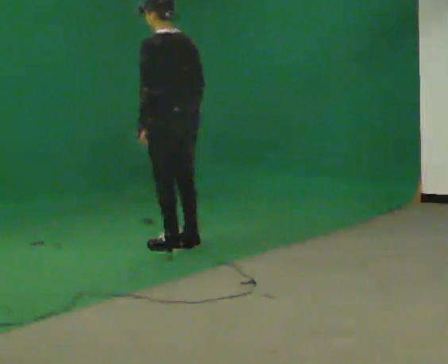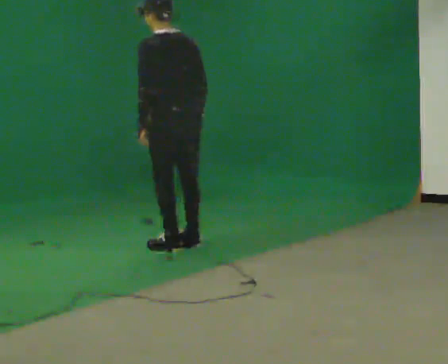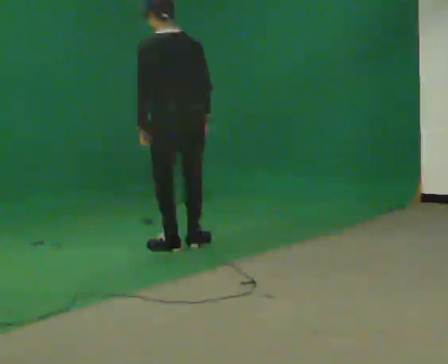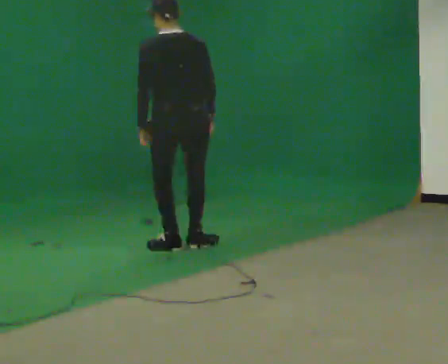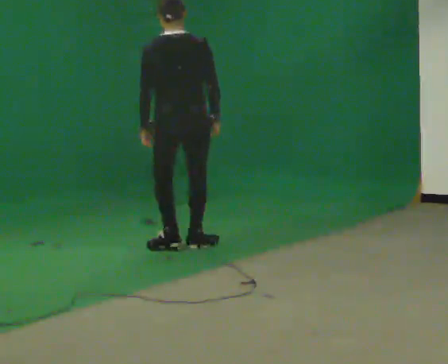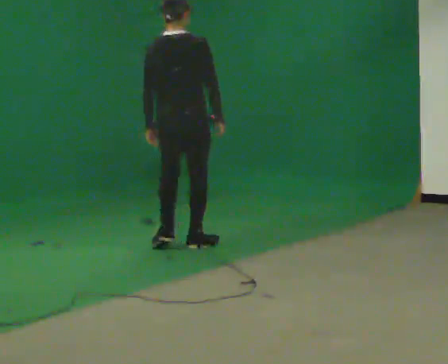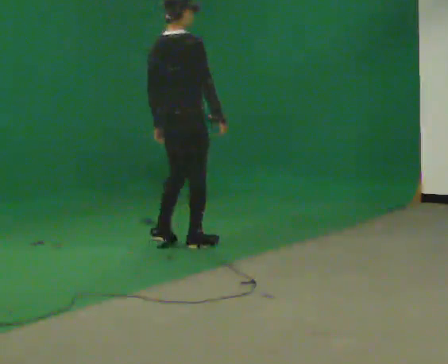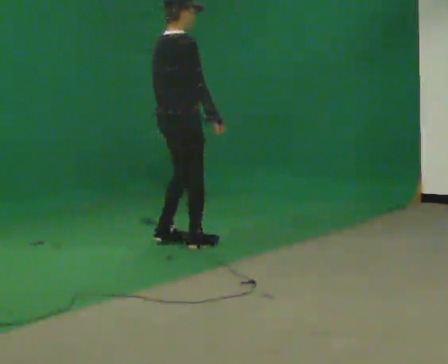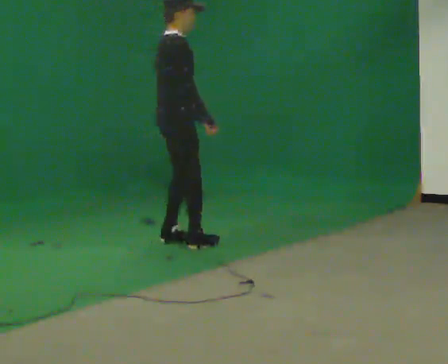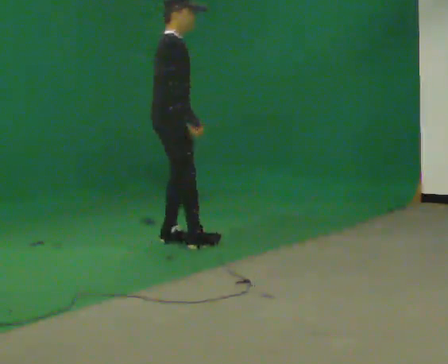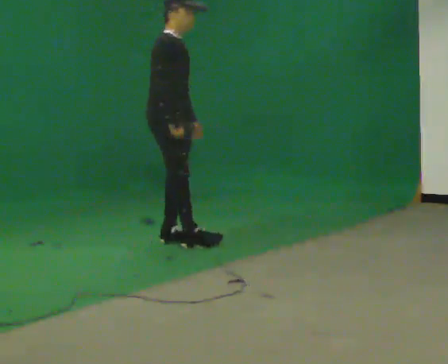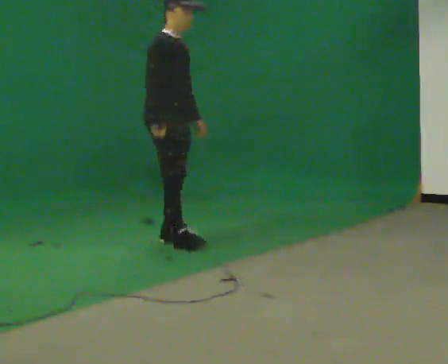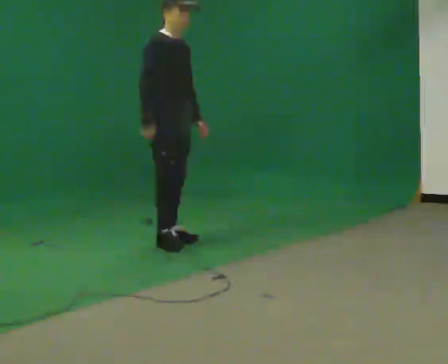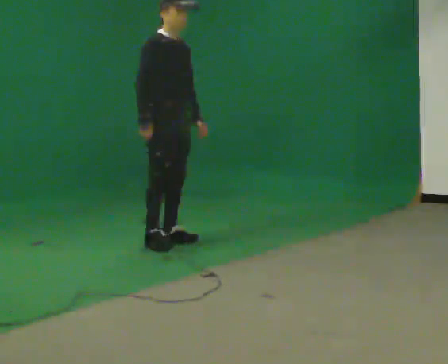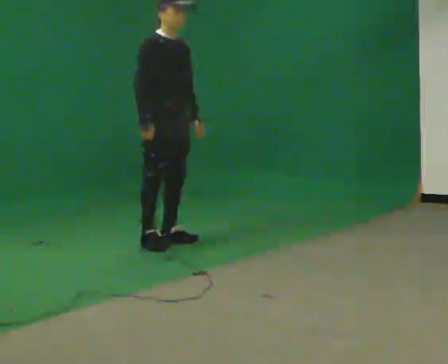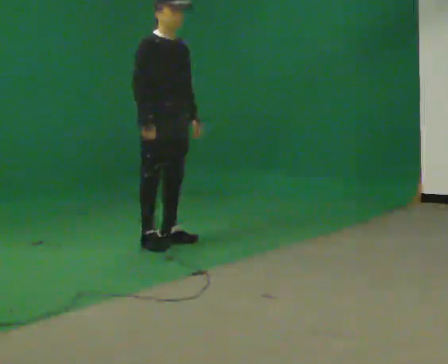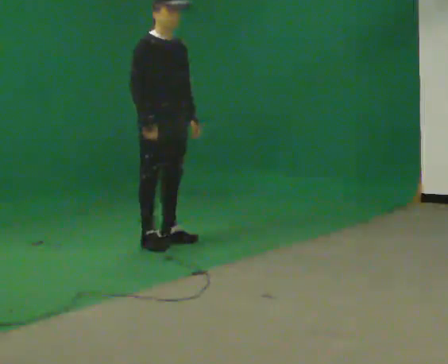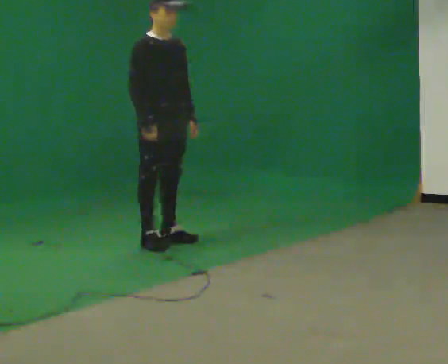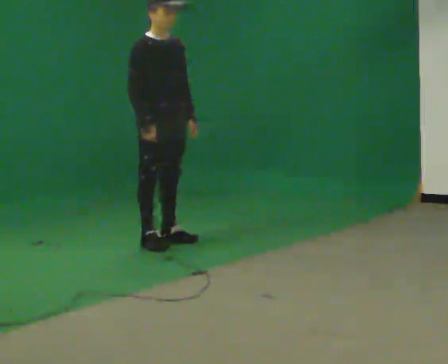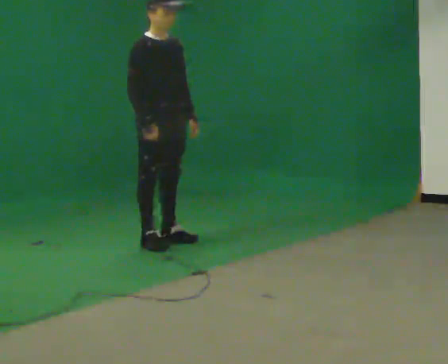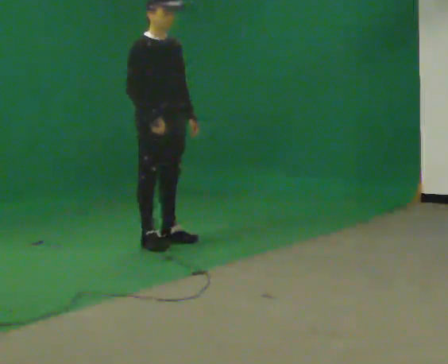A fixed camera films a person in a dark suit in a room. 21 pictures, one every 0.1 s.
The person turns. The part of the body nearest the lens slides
to the left.
The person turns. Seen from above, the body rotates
clockwise.
0.0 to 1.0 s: The person turns about 150 degrees to their right, clockwise seen from above, so the part of the body nearest the lens slides to the left. In the picture they go away from the camera, about 0.25 m in 1 step. In the picture the upper body tilts clockwise, shoulders to the right.
1.0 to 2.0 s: The person moves a little, or ends about where they began.
The film runs forward here.
